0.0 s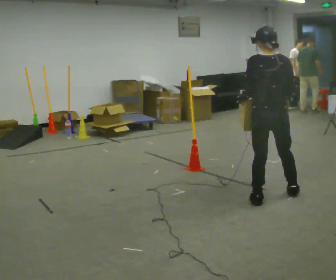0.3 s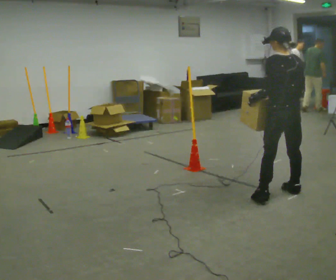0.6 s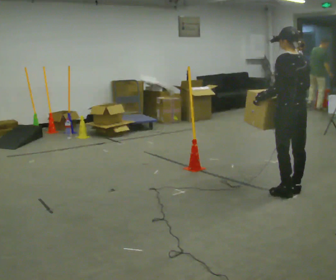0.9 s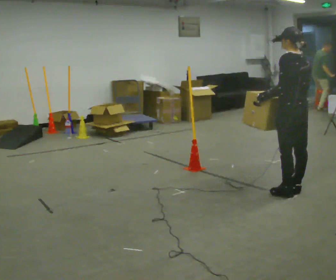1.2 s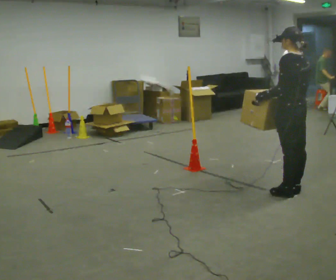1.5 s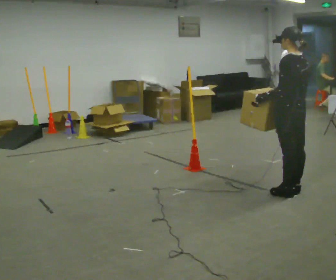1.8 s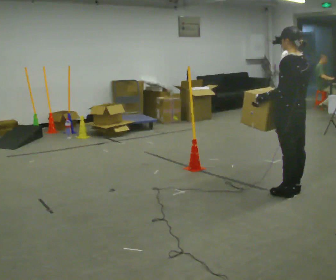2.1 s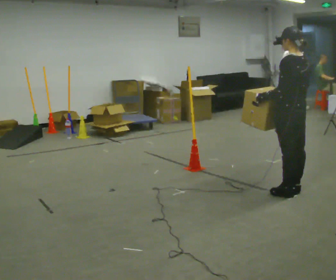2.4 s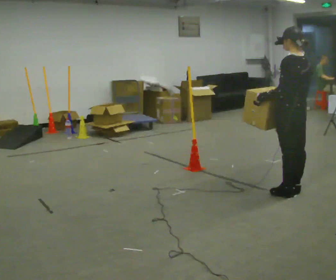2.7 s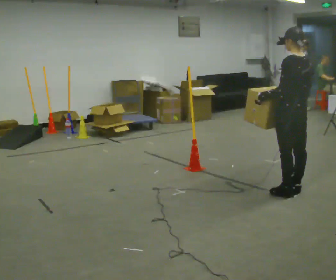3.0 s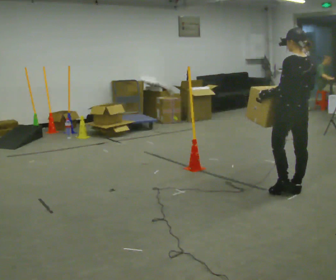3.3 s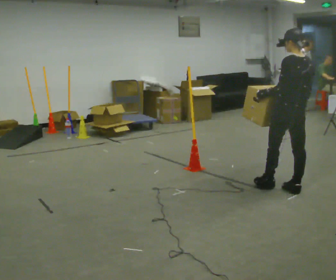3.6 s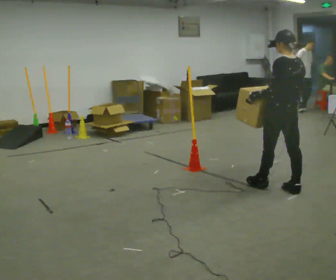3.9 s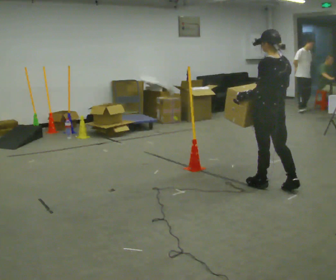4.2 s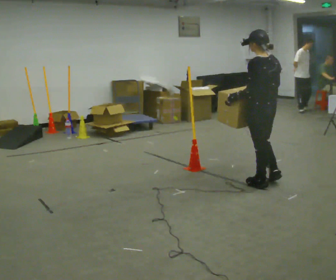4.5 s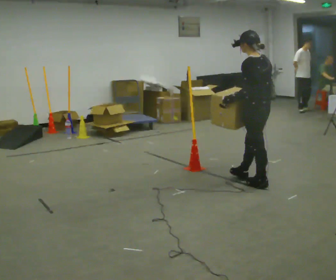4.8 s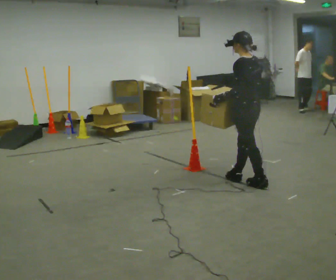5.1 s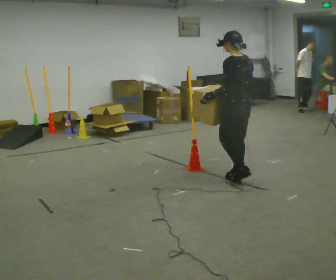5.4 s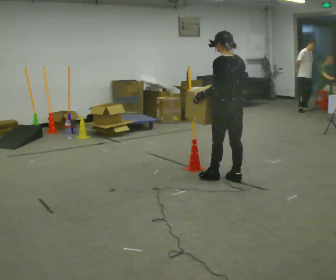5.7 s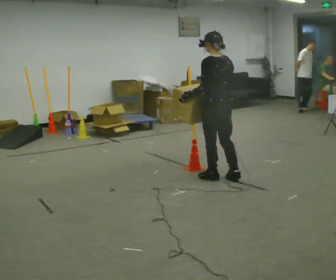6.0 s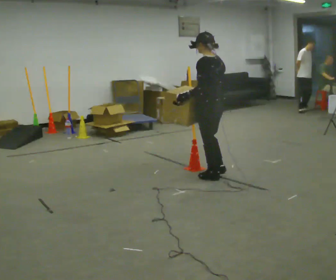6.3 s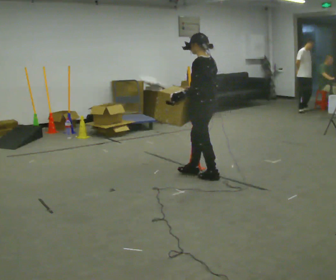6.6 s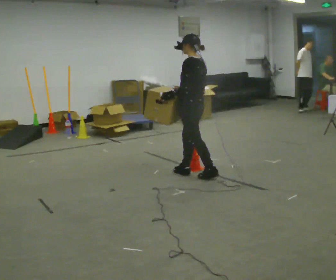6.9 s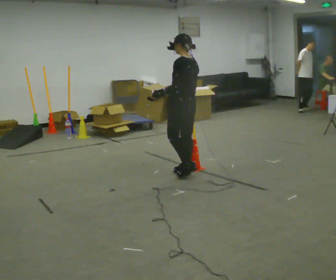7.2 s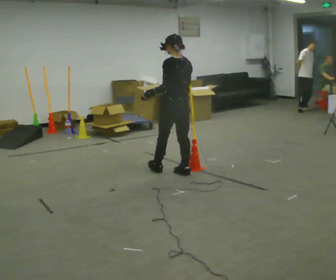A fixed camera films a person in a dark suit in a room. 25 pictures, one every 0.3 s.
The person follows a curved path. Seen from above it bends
counterclockwise.
0.0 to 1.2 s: Seen from above the body turns counterclockwise, about 30 degrees: to their left, with its near side sliding to the right. In the picture they go to the right, about 0.25 m in 2 steps, which for them is to their right.
1.2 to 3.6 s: The person moves a little, or ends about where they began.
3.6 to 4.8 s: In the picture they go to the left and away from the camera, about 0.5 m in 1 step, which for them is forward.
4.8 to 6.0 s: In the picture they go to the left, about 0.5 m in 1 step, which for them is forward.
6.0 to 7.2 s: In the picture they go to the left and away from the camera, about 0.5 m in 1 step, which for them is forward.
The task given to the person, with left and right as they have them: Carry the box across the room. The operator will step into your path partway across, so go around them and carry on. Keep going until the operator says stop; one object at a time, and do not rush between trips.
The film runs forward here.
